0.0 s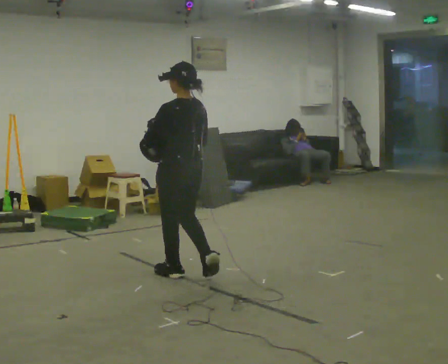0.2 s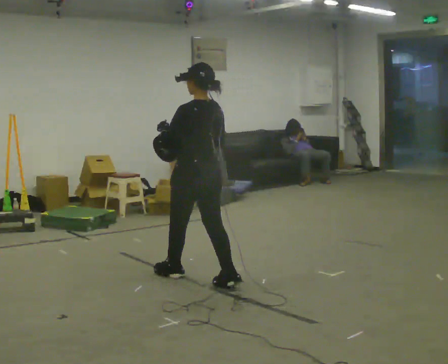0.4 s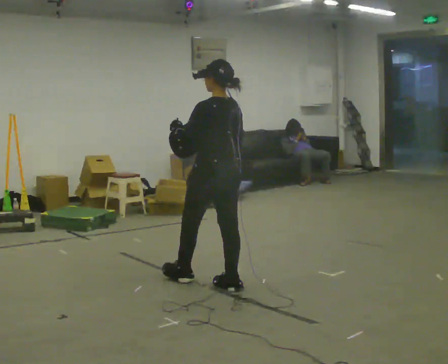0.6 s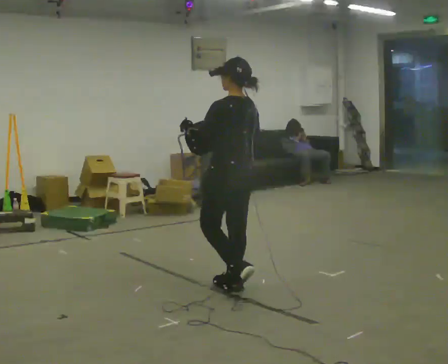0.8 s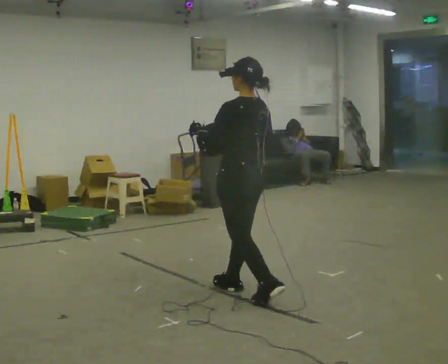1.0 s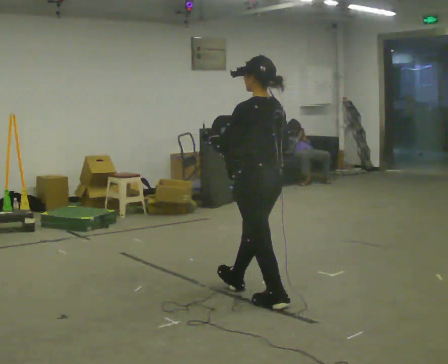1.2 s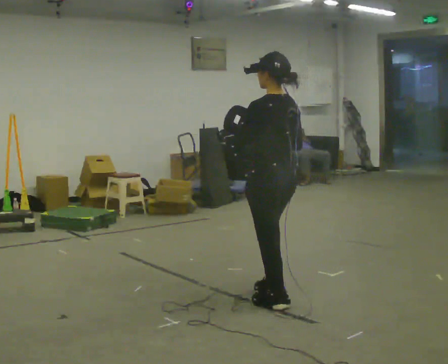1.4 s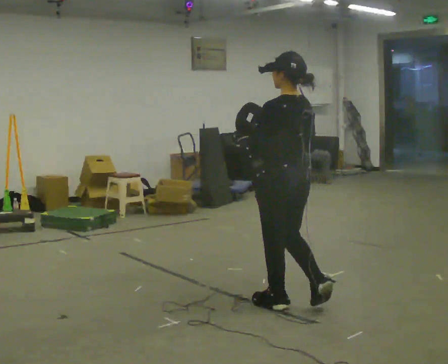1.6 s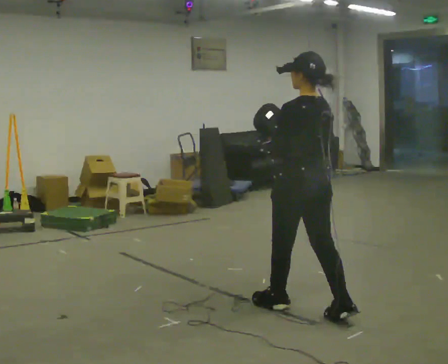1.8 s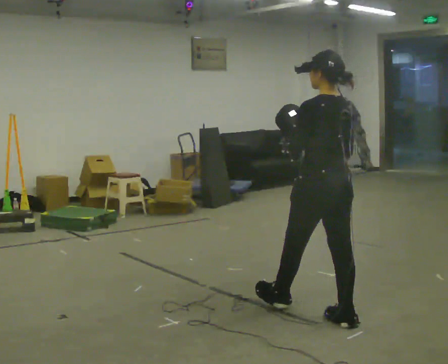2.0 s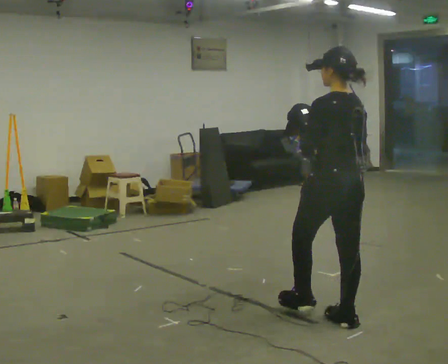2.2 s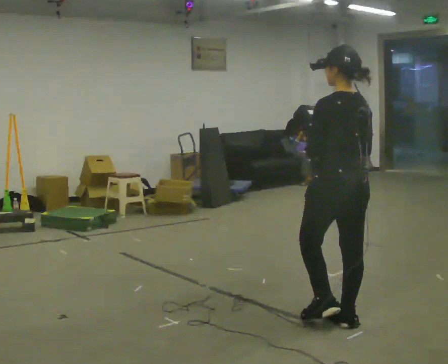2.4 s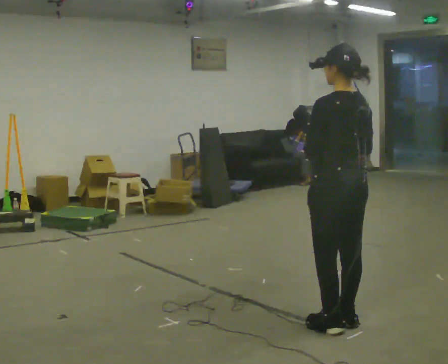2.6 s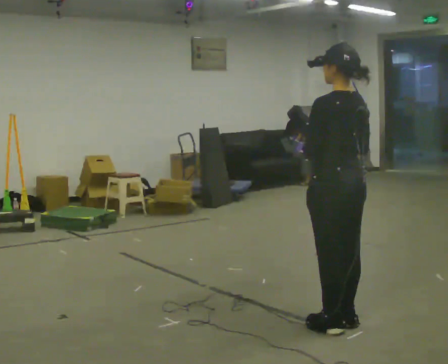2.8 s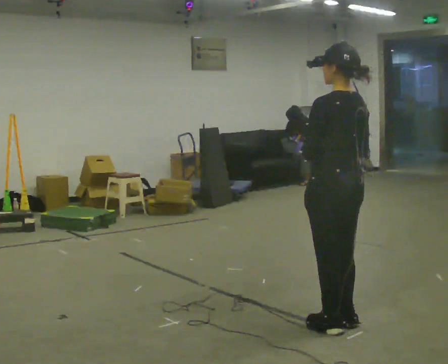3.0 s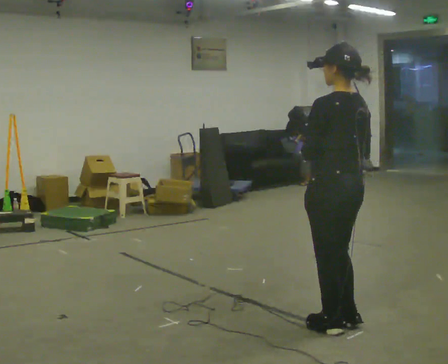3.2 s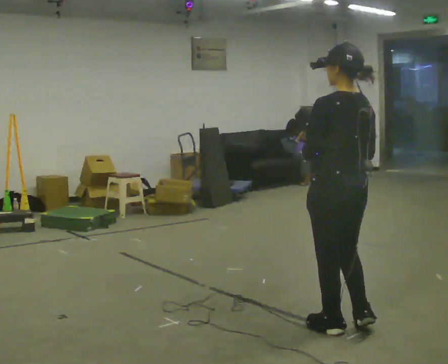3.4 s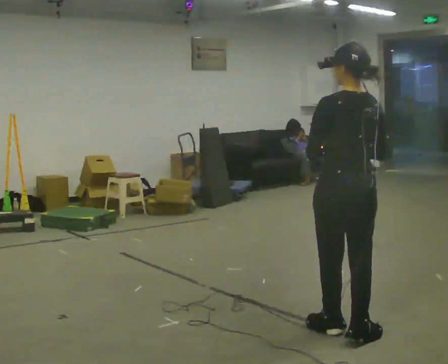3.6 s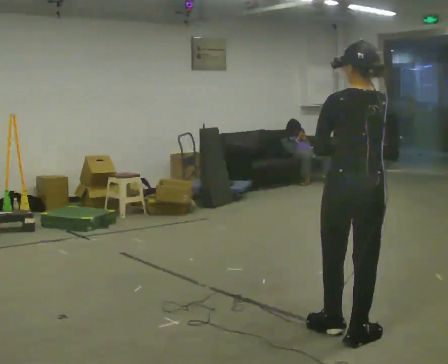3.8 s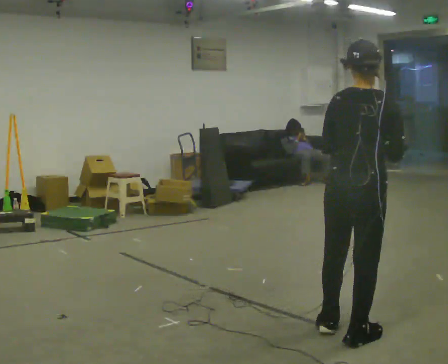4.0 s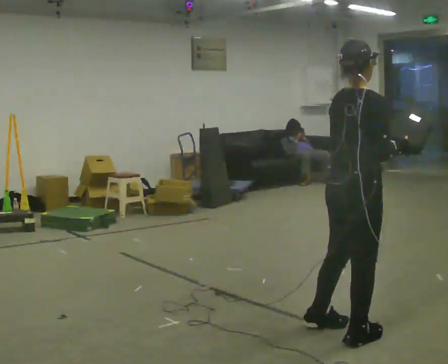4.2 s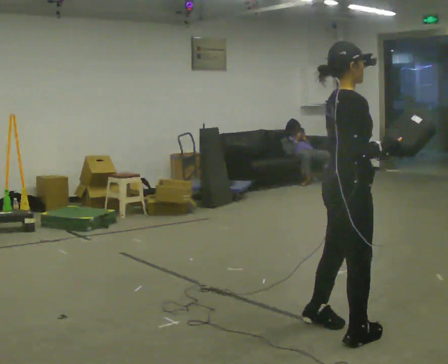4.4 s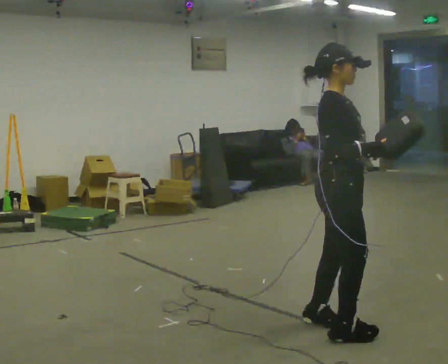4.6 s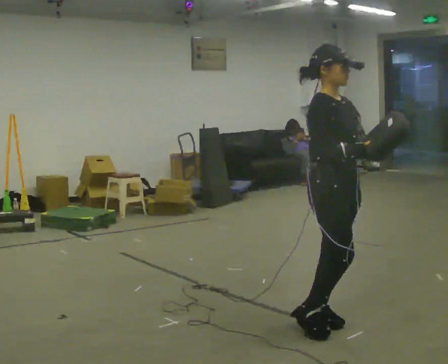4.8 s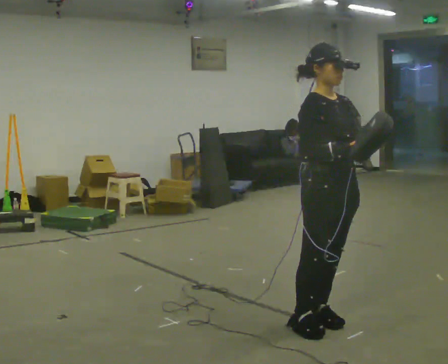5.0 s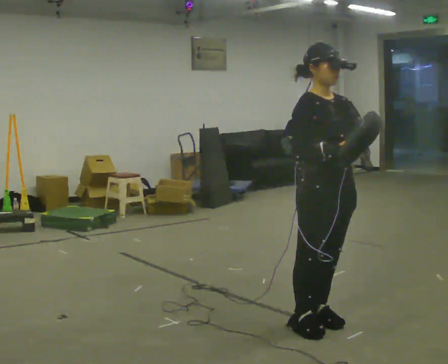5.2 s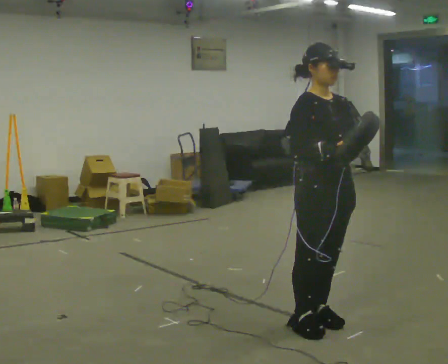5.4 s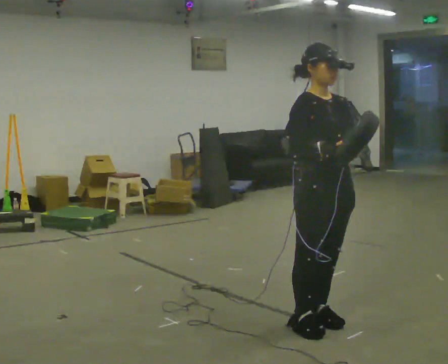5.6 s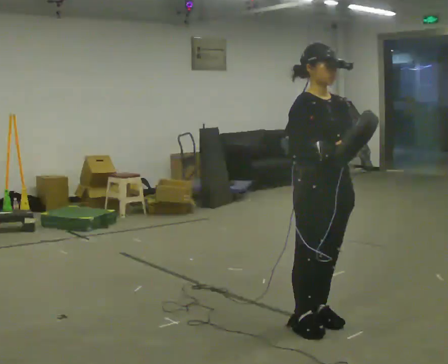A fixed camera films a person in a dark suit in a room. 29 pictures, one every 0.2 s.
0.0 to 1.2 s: In the picture they go to the right and toward the camera, about 1 m in 2 steps, which for them is backward.
1.2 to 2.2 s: In the picture they go to the right and toward the camera, about 0.5 m in 1 step, which for them is backward.
2.2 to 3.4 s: In the picture they go toward the camera, about 0.25 m in 1 step, which for them is backward.
3.4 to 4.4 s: The part of the body nearest the lens slides to the left as the person turns to their right by about 120 degrees.
4.4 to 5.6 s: The part of the body nearest the lens slides to the left as the person turns to their right by about 45 degrees.
The film runs backward here.
